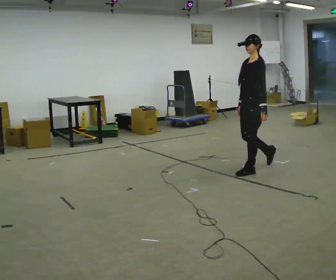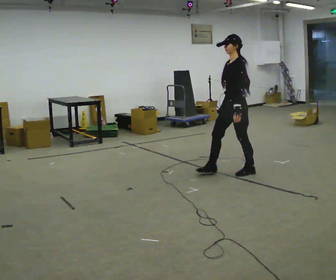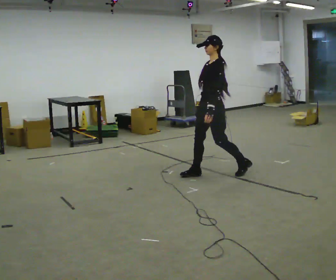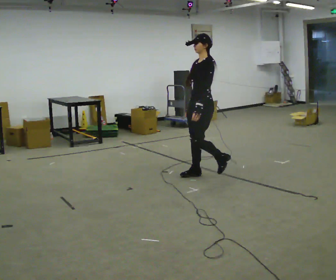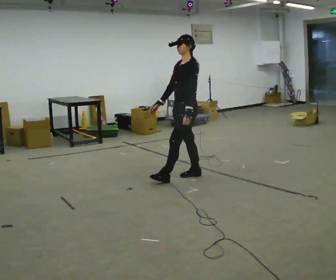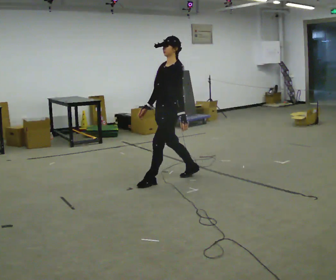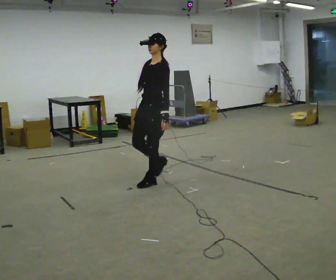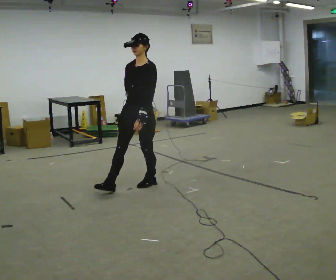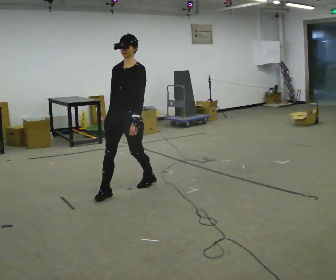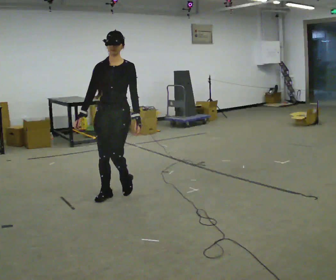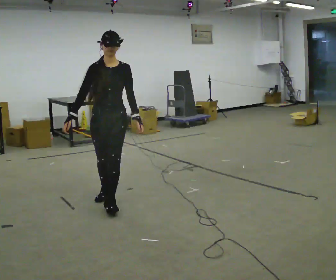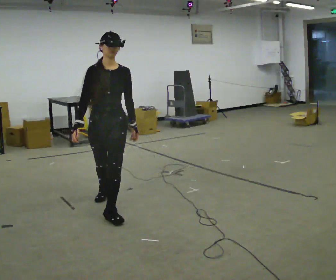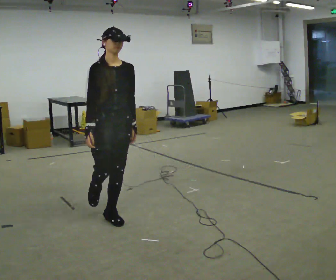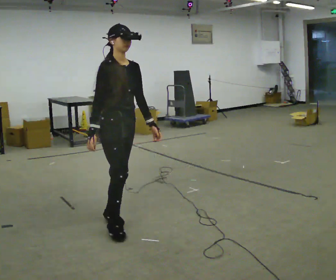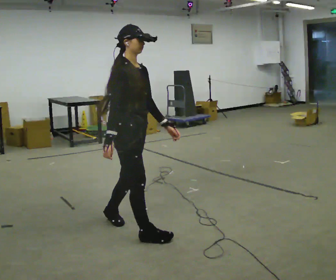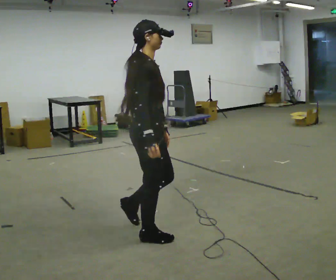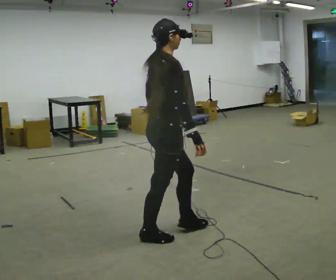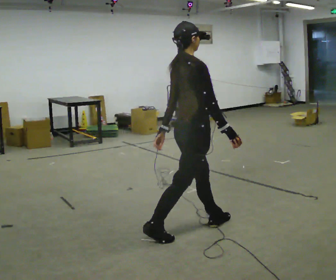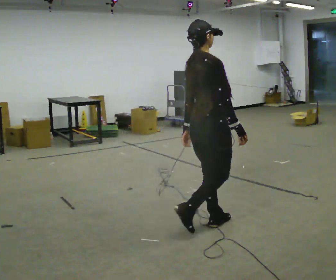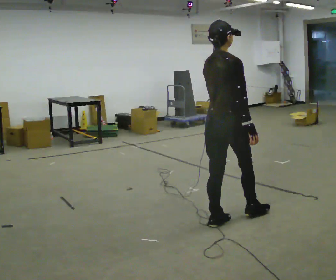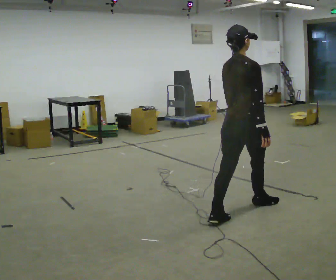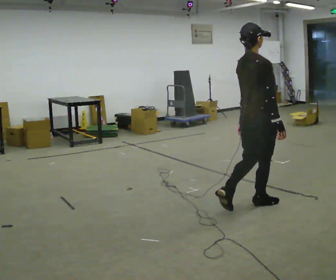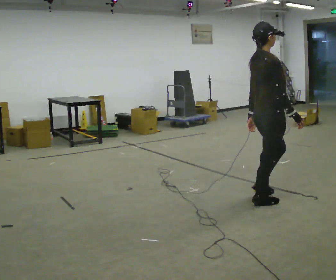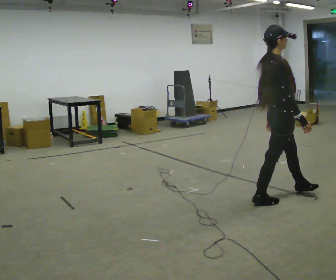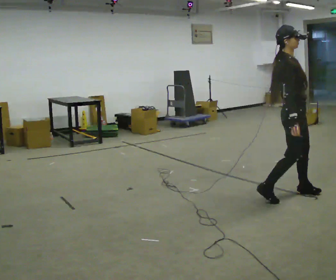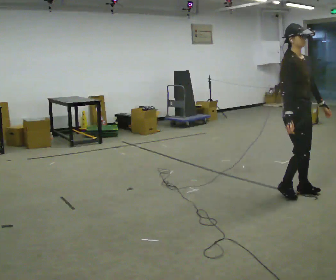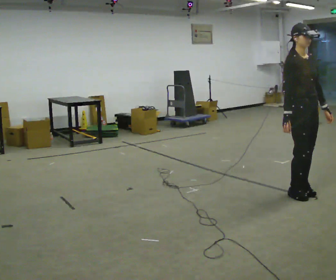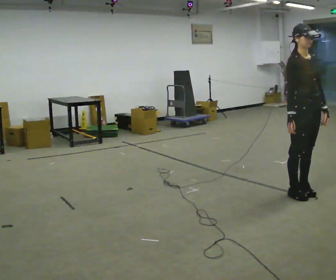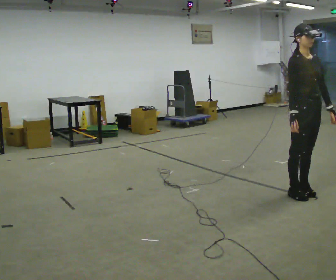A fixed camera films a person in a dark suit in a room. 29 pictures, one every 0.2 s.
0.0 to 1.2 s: The part of the body nearest the lens slides to the right as the person turns to their left by about 30 degrees. In the picture they go to the left, about 1 m in 2 steps, which for them is forward.
1.2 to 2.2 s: The person turns about 60 degrees to their left, counterclockwise seen from above, so the part of the body nearest the lens slides to the right. In the picture they go toward the camera and to the left, about 1 m in 2 steps.
2.2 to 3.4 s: The person turns about 105 degrees to their left, counterclockwise seen from above, so the part of the body nearest the lens slides to the right. In the picture they go to the right and toward the camera, about 1 m in 2 steps.
3.4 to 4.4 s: In the picture they go to the right and away from the camera, about 1 m in 1 step, which for them is forward.
4.4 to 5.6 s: The part of the body nearest the lens slides to the left as the person turns to their right by about 75 degrees. In the picture they go to the right, about 0.5 m in 2 steps.
The film runs forward here.
